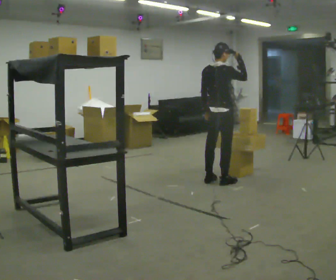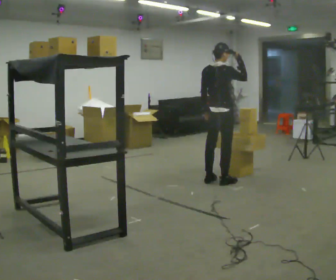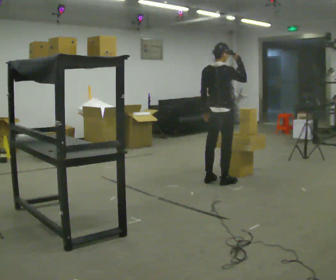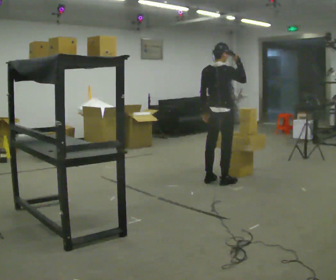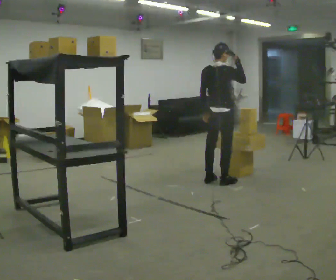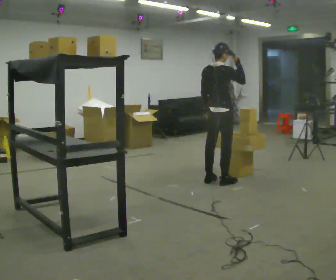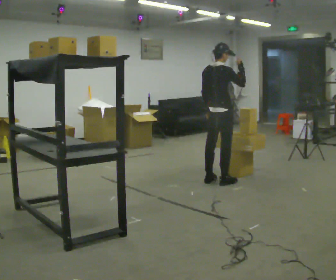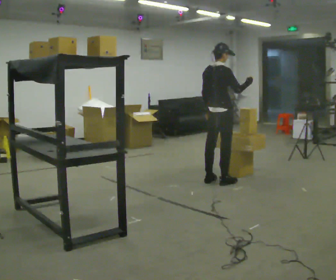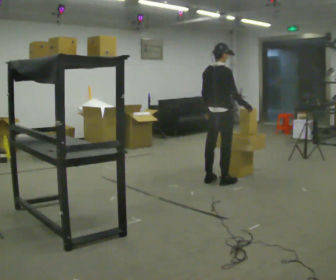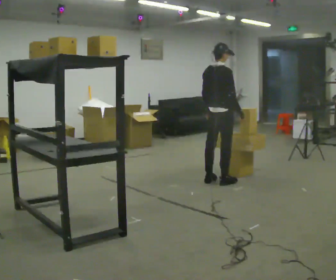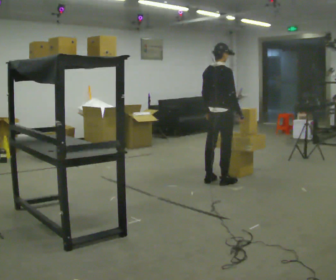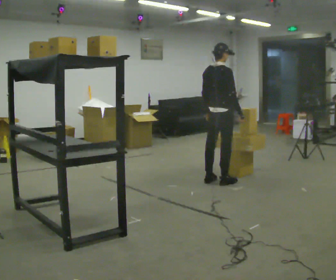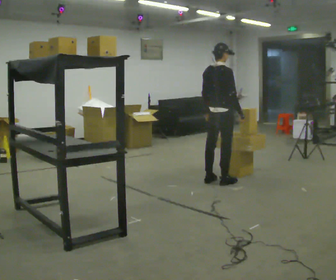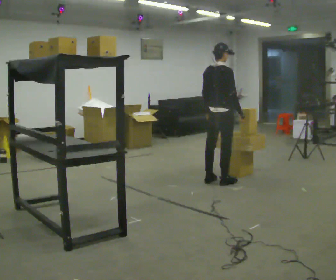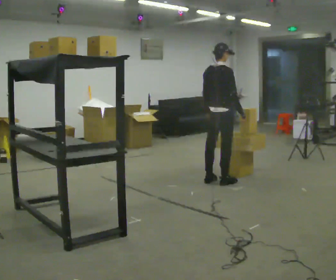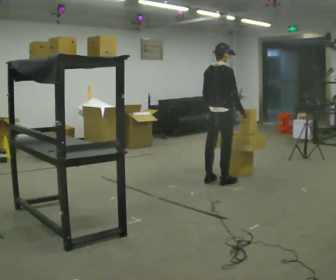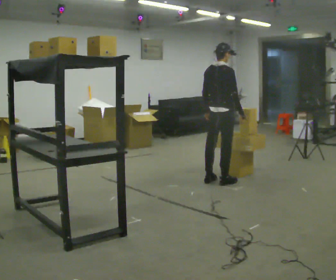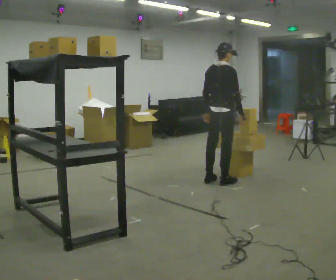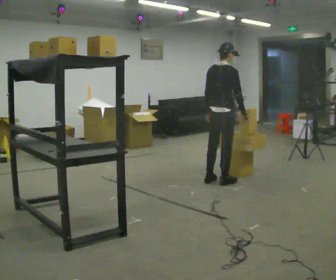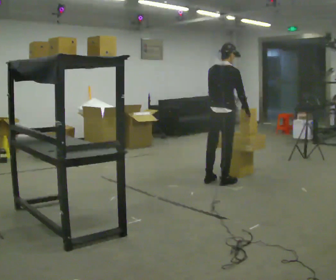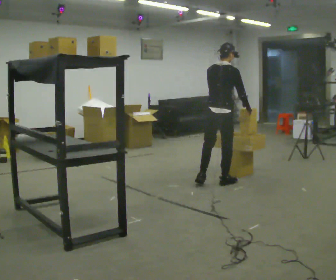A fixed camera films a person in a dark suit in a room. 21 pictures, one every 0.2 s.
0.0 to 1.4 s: The person moves a little, or ends about where they began.
1.4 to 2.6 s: In the picture their right hand goes downward, the arm swinging clockwise.
2.6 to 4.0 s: The person moves a little, or ends about where they began.
The film runs backward here.
